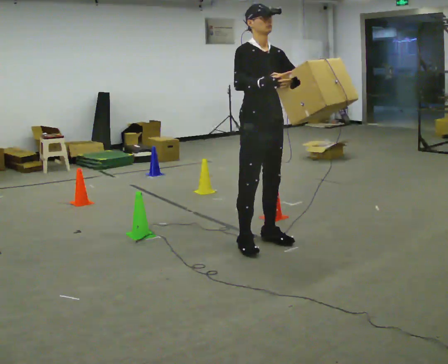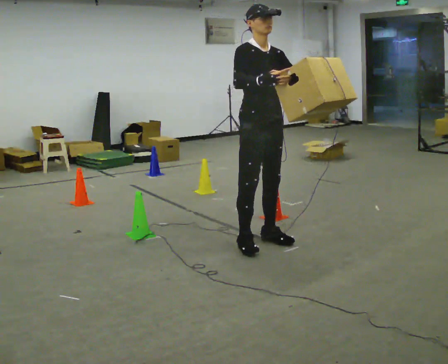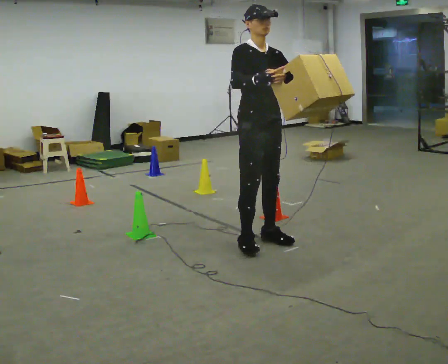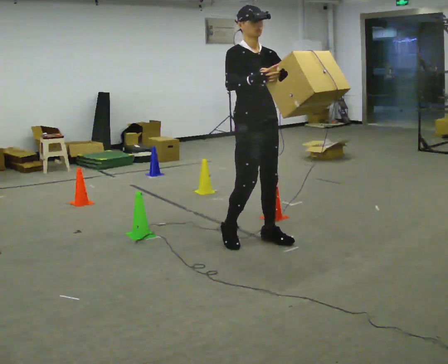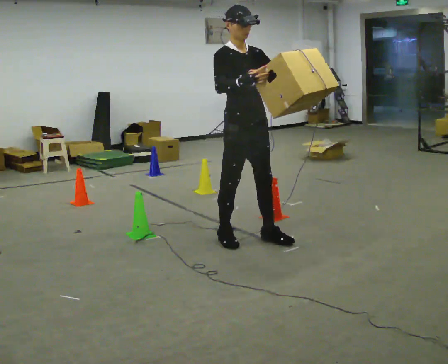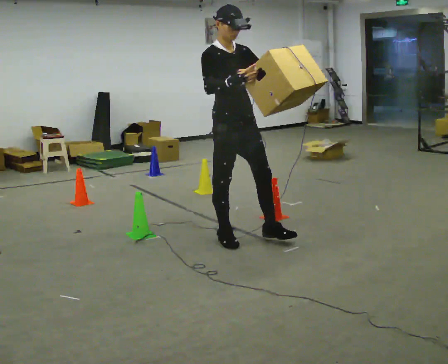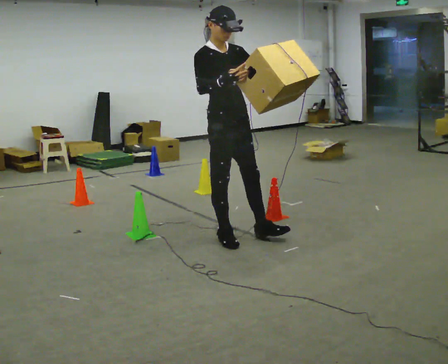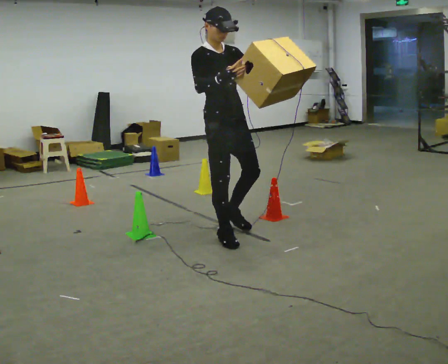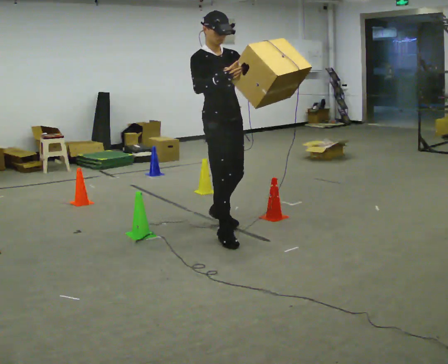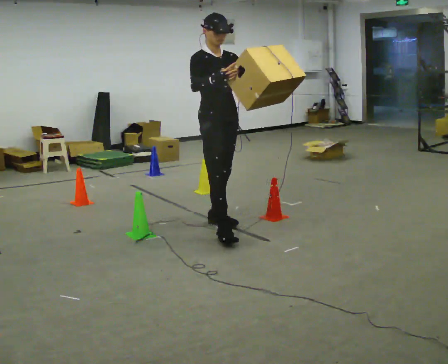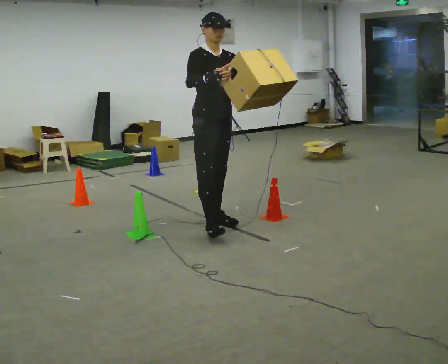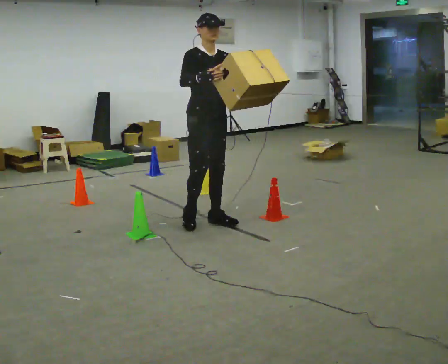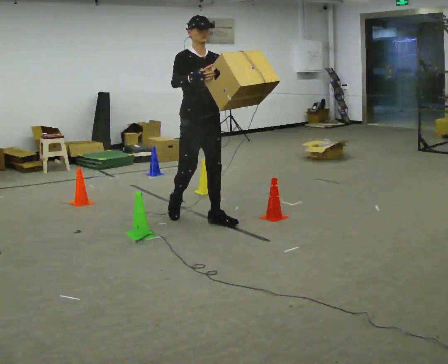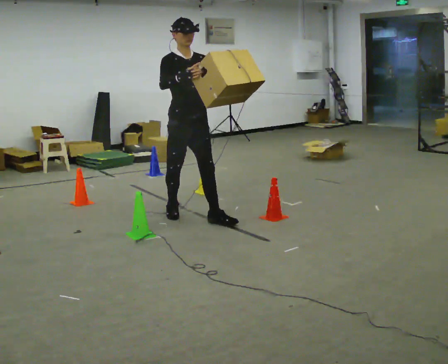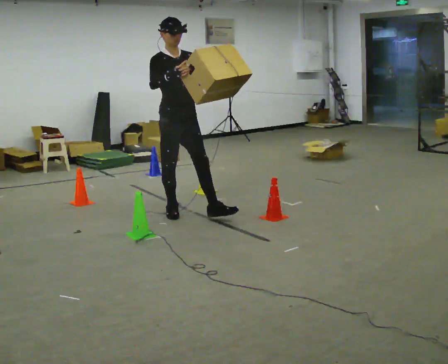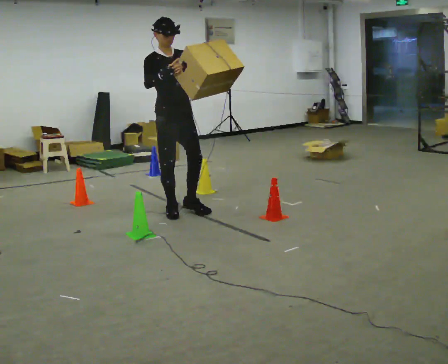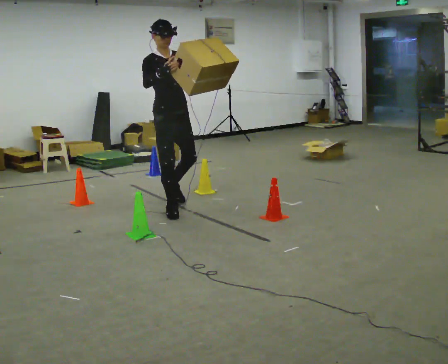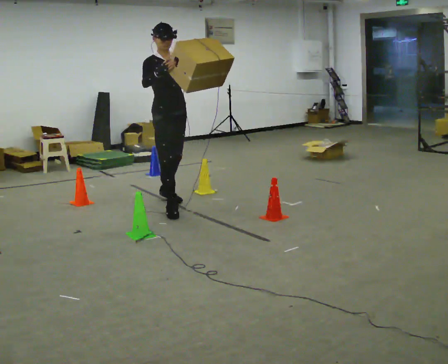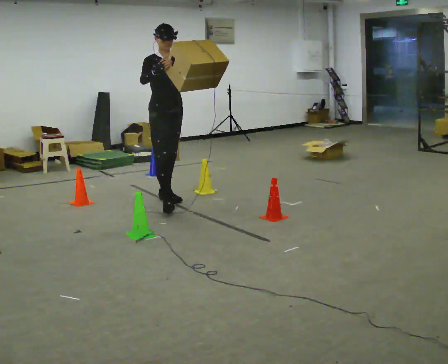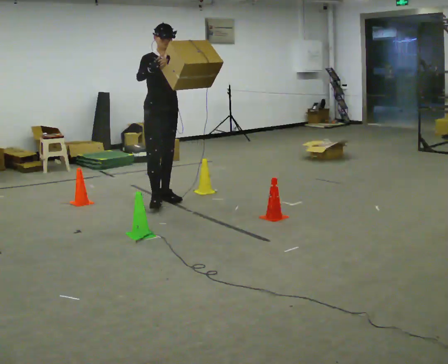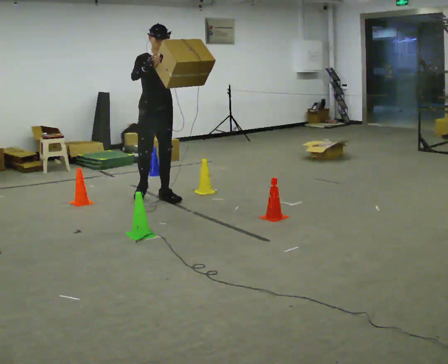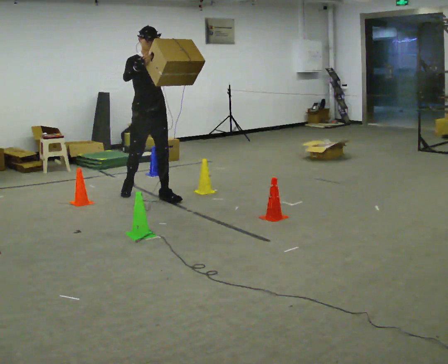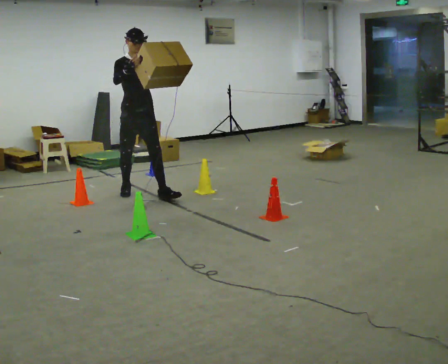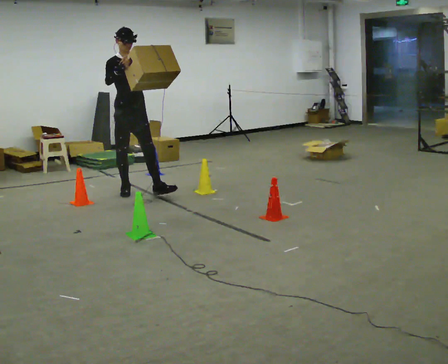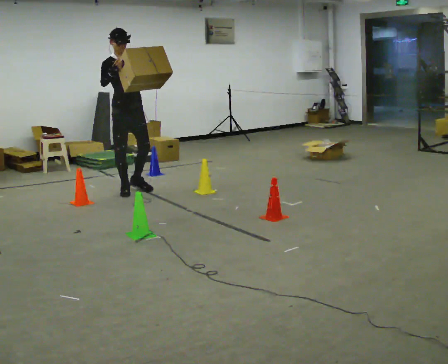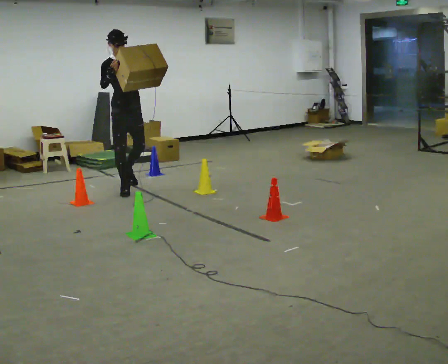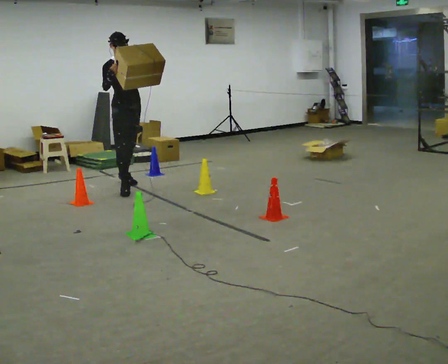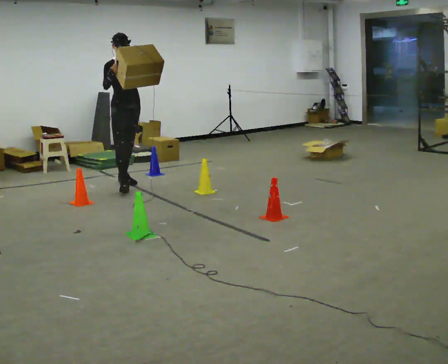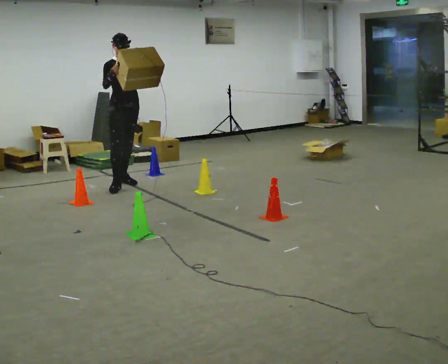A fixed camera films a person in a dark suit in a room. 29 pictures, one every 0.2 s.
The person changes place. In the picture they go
away from the camera.
0.0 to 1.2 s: In the picture they go to the left, about 0.25 m in 2 steps, which for them is backward and to their right.
1.2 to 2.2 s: In the picture they go away from the camera, about 0.5 m in 1 step, which for them is backward and to their left.
2.2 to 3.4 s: In the picture they go away from the camera and to the left, about 0.5 m in 1 step, which for them is backward.
3.4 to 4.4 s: In the picture they go away from the camera and to the left, about 0.5 m in 1 step, which for them is backward.
4.4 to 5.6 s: In the picture they go away from the camera and to the left, about 0.5 m in 2 steps, which for them is backward.
The film runs backward here.
